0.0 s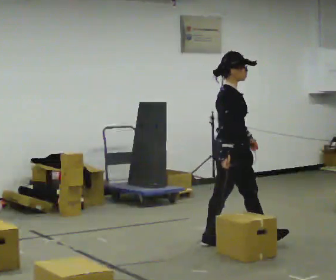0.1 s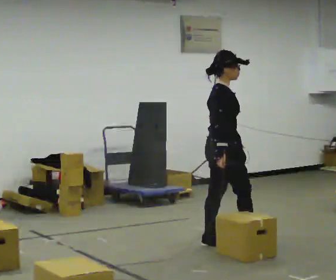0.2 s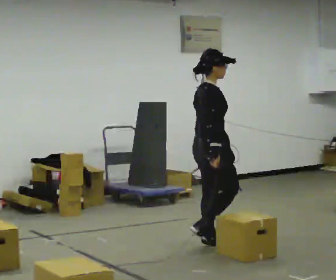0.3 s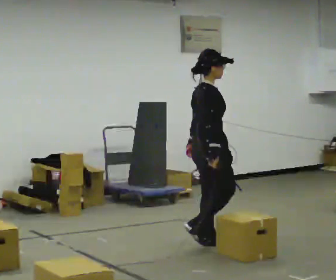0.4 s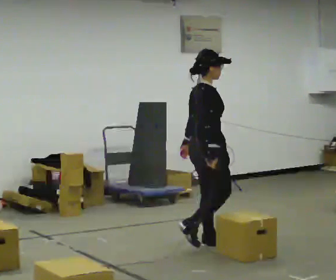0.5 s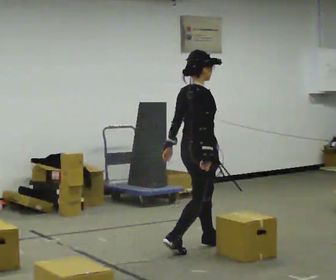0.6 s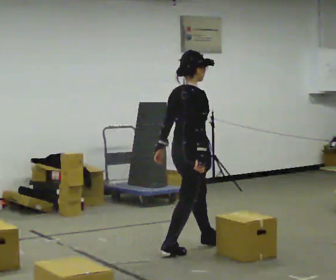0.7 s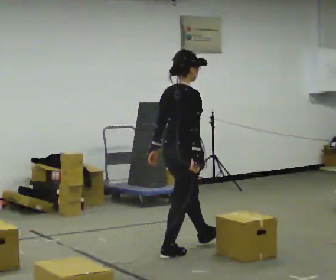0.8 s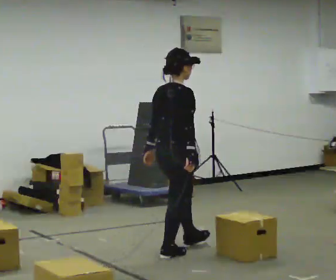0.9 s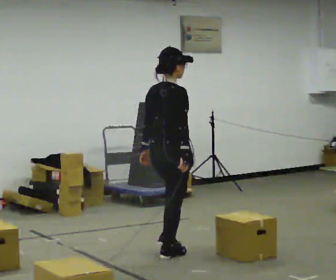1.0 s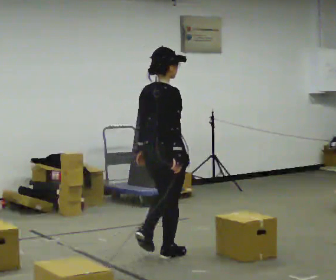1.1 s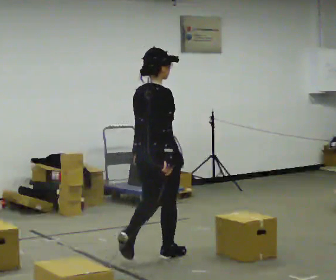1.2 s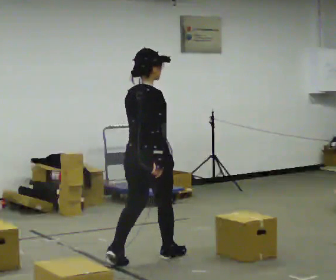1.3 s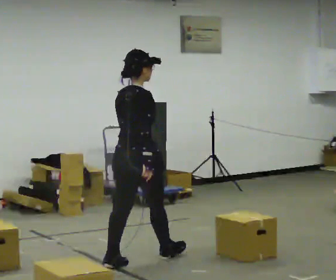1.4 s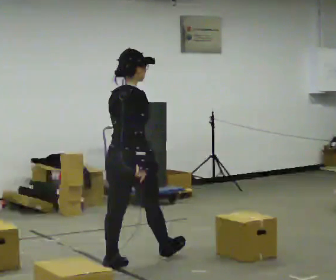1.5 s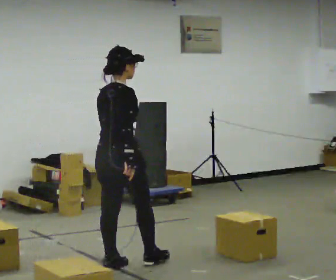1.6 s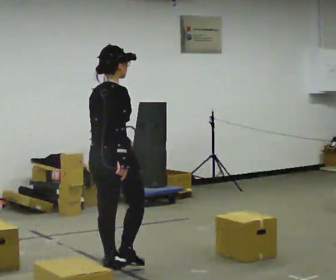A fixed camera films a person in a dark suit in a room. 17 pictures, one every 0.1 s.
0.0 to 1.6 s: Seen from above the body turns counterclockwise, about 45 degrees: to their left, with its near side sliding to the right. In the picture they go to the left and toward the camera, about 1 m in 2 steps, which for them is backward.
The film runs backward here.
